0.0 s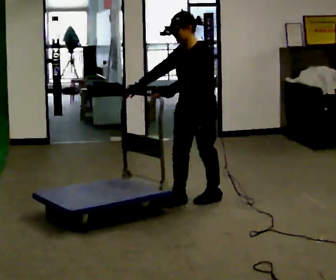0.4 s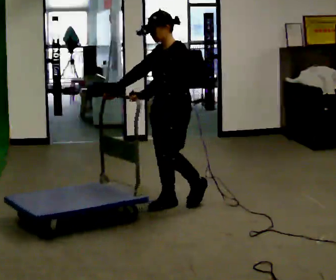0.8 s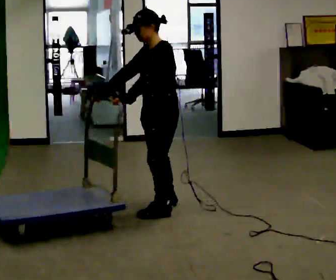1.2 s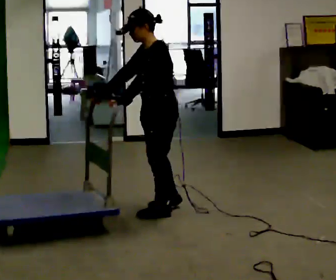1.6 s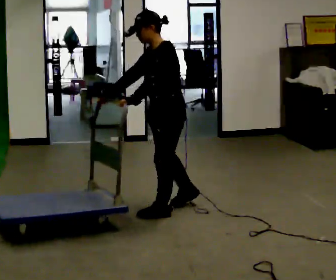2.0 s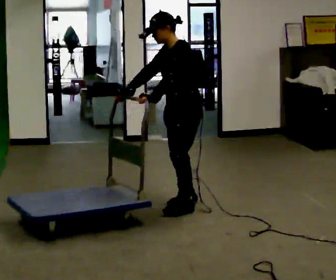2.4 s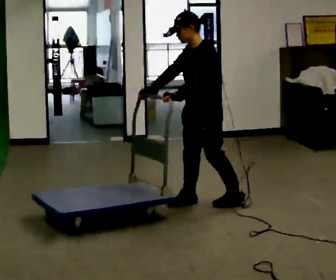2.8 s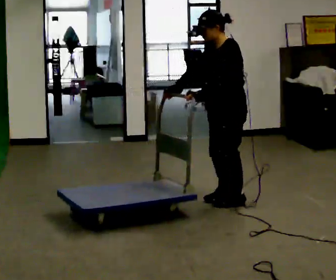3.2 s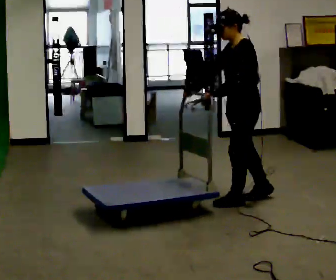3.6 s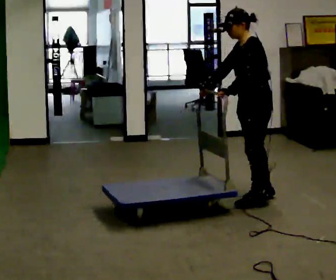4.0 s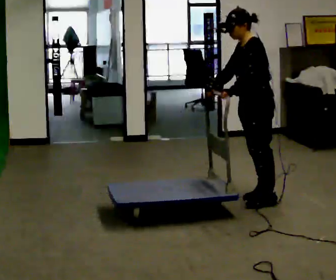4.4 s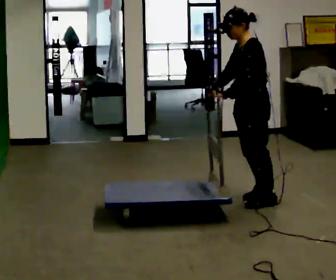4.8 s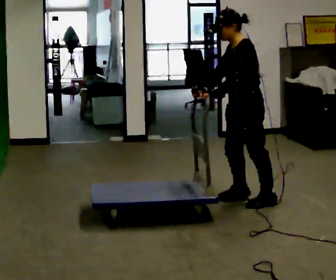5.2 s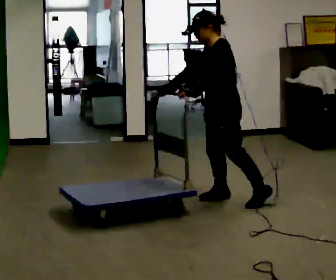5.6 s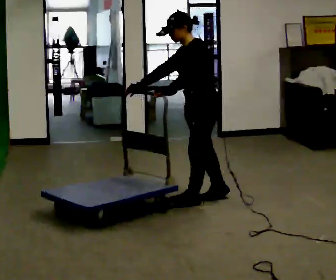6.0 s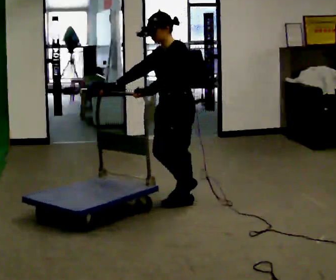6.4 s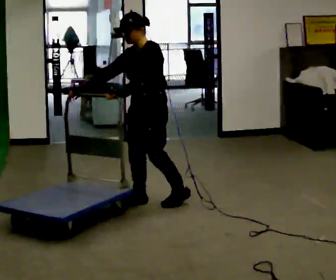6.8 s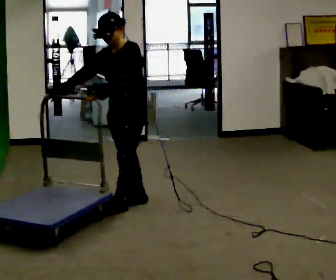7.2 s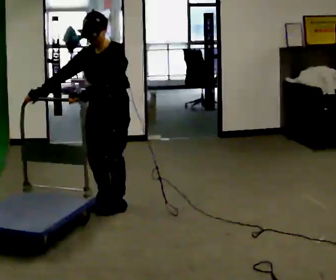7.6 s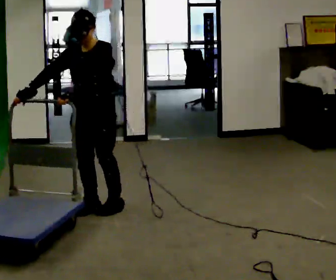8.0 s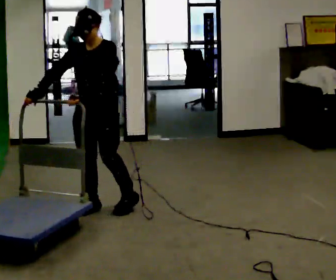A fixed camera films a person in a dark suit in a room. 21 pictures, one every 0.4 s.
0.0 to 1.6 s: In the picture they go toward the camera, about 0.25 m in 2 steps, which for them is forward.
1.6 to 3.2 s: In the picture they go to the right and away from the camera, about 0.5 m in 2 steps, which for them is backward.
3.2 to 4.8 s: The person moves a little, or ends about where they began.
4.8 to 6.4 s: In the picture they go to the left, about 0.5 m in 3 steps, which for them is forward and to their right.
6.4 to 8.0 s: The person turns about 30 degrees to their left, counterclockwise seen from above, so the part of the body nearest the lens slides to the right. In the picture they go to the left and toward the camera, about 0.5 m in 2 steps, which for them is forward and to their right.
The film runs forward here.
